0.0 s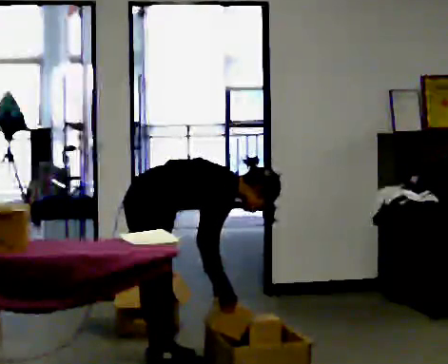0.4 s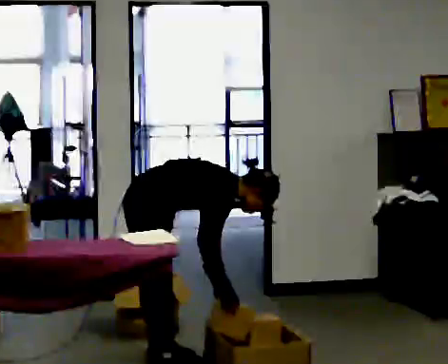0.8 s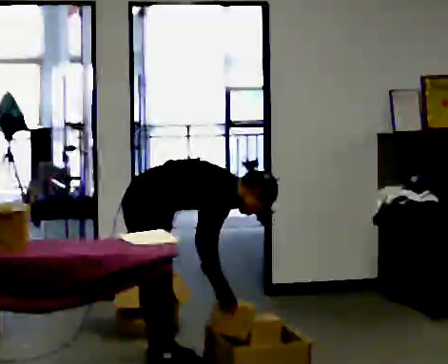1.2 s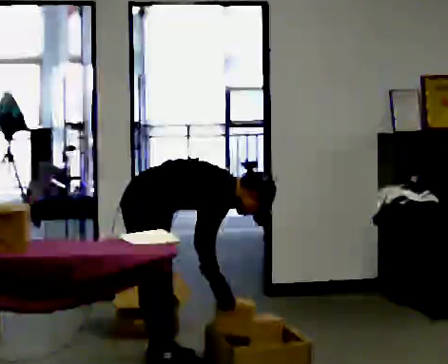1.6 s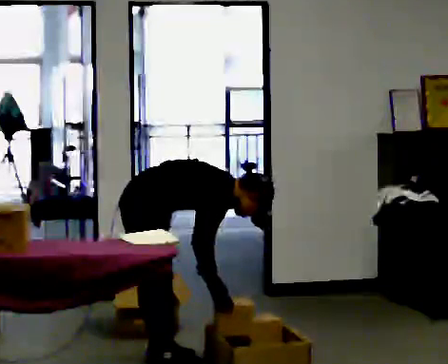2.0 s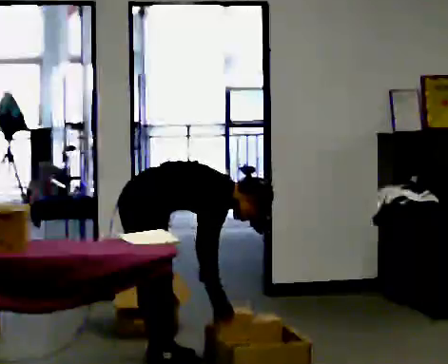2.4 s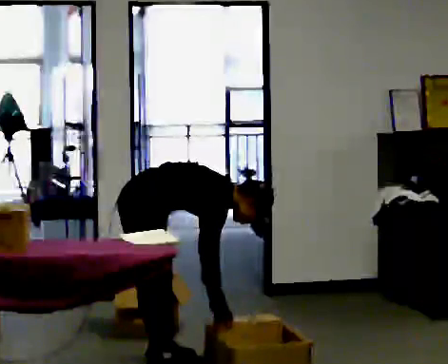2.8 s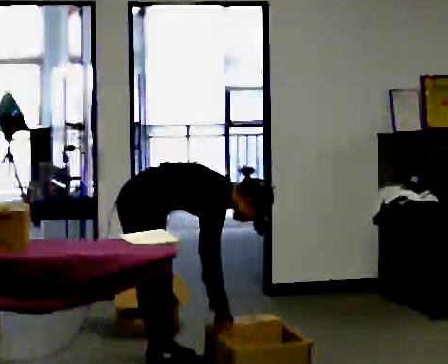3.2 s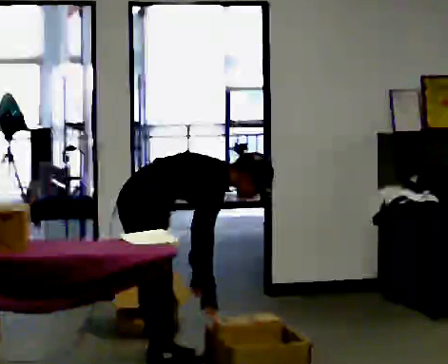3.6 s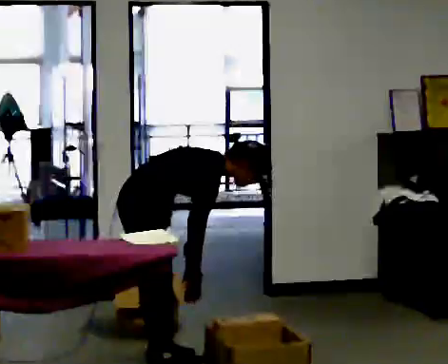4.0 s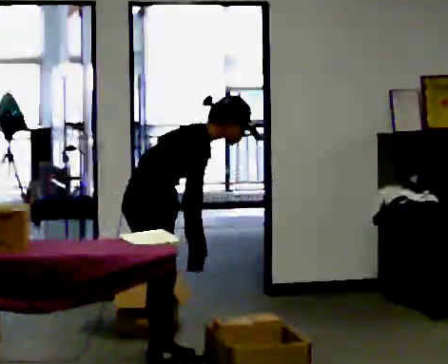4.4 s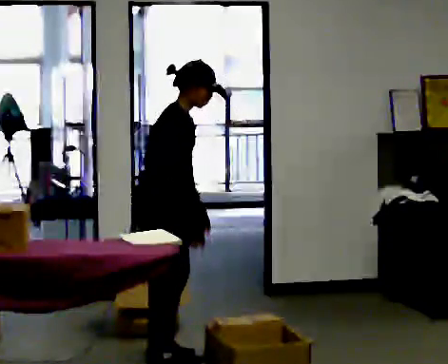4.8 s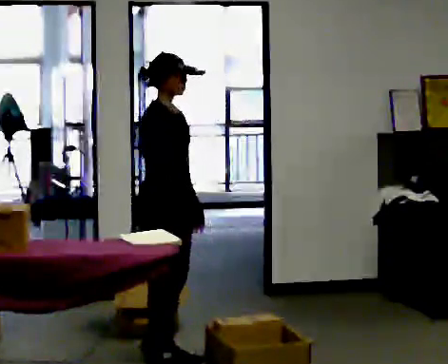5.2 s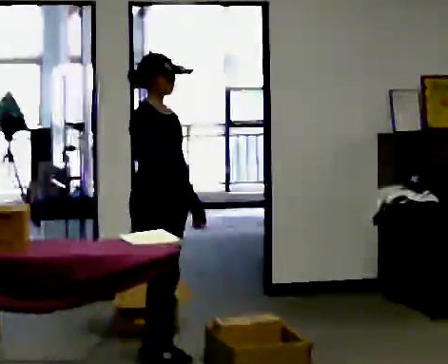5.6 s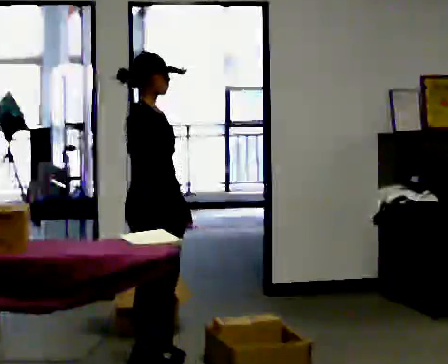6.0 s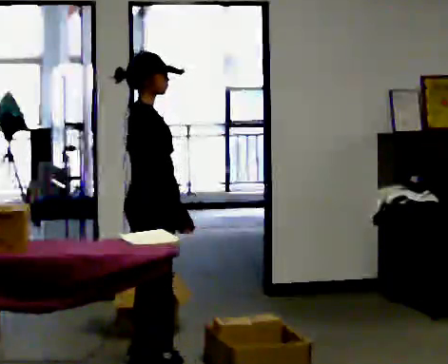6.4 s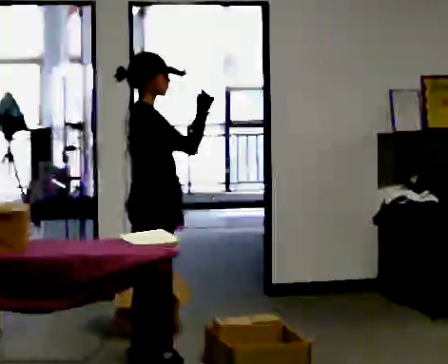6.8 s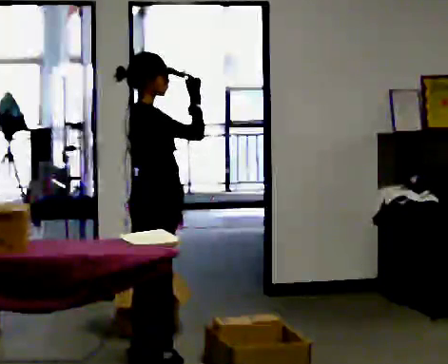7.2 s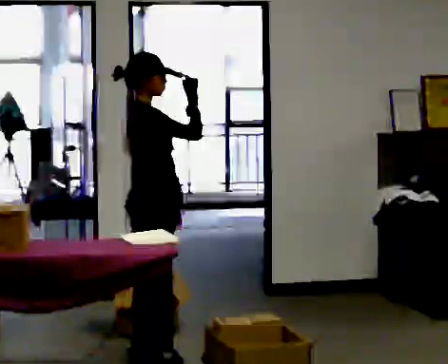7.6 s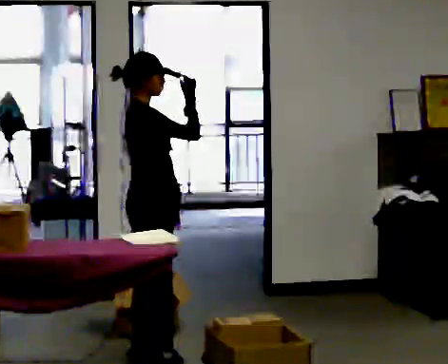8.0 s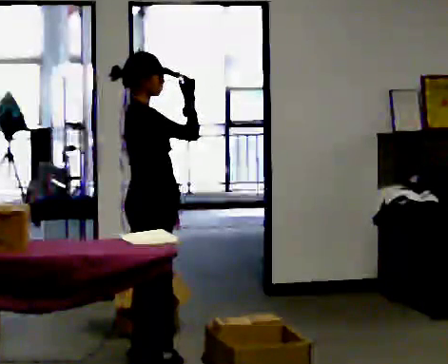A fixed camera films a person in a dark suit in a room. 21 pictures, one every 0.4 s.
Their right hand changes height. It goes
upward.
The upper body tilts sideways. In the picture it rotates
counterclockwise.
0.0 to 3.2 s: The person moves a little, or ends about where they began.
3.2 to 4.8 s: The person turns about 30 degrees to their right, clockwise seen from above, so the part of the body nearest the lens slides to the left. The upper body goes upward. In the picture the upper body tilts counterclockwise, shoulders to the left, as they lean back or straighten. In the picture their left hand goes upward.
4.8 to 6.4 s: In the picture their right hand goes upward.
6.4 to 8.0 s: The person moves a little, or ends about where they began.
The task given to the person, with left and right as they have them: 1. Read the parts list. 2. Collect each part from the bins around the room. 3. Lay them out on the table in the order on the list. 4. Put them all in the carry case. 5. Tell the operator when you are finished.
The film runs forward here.
